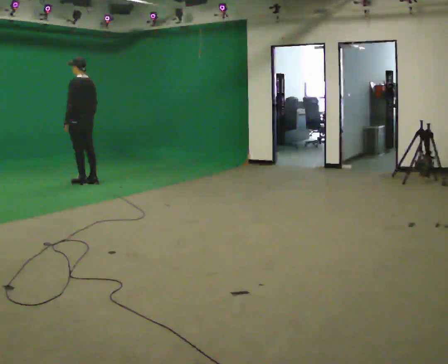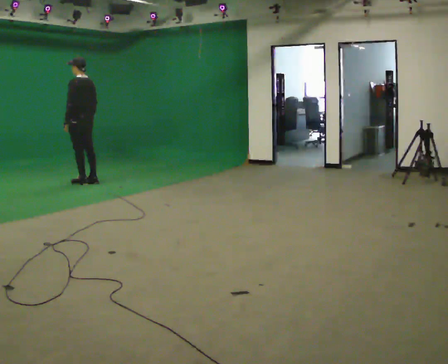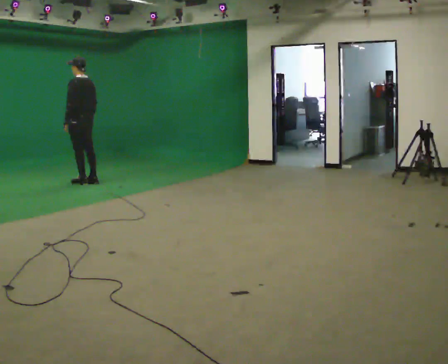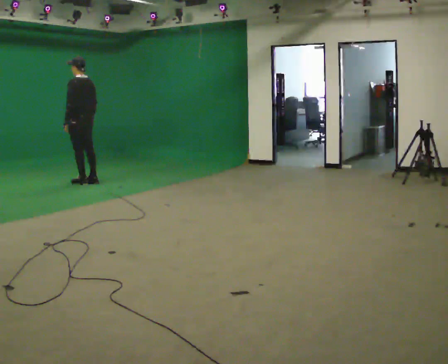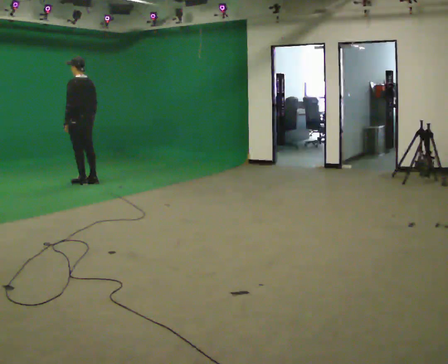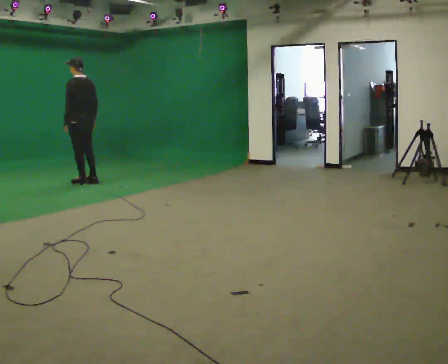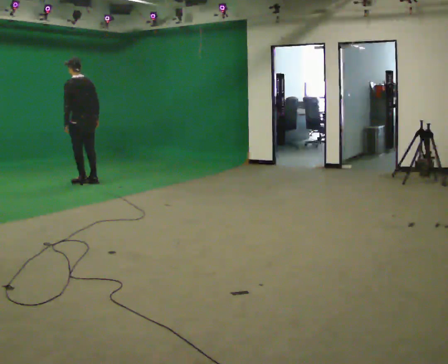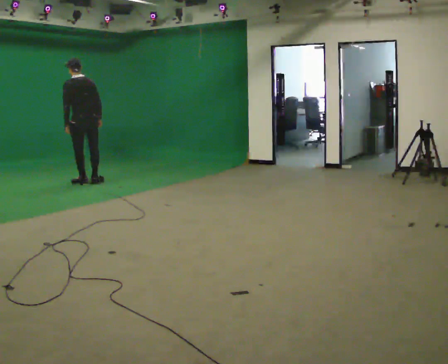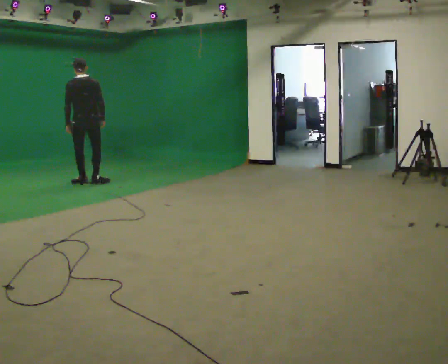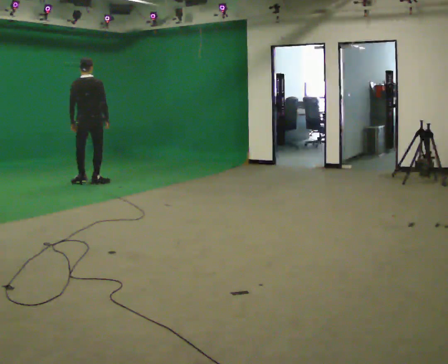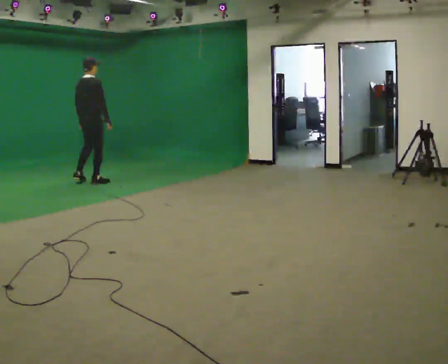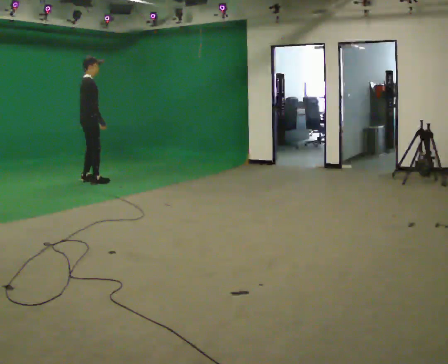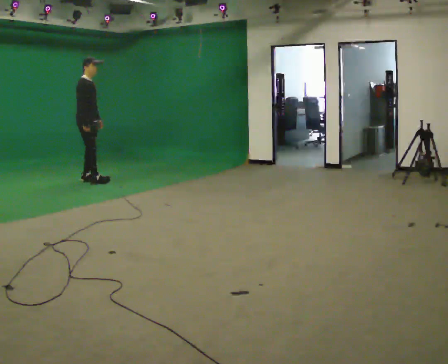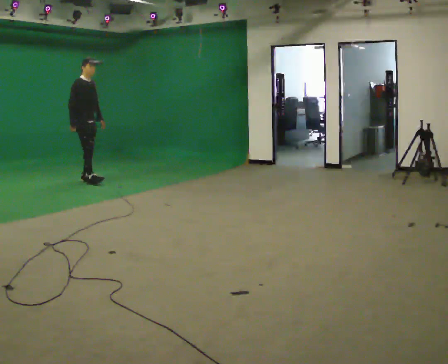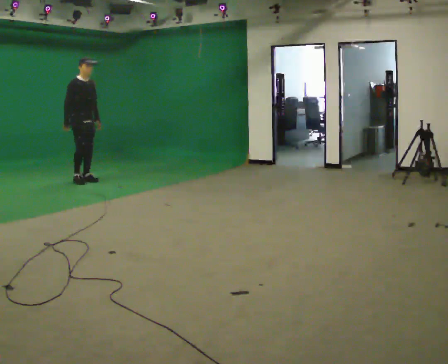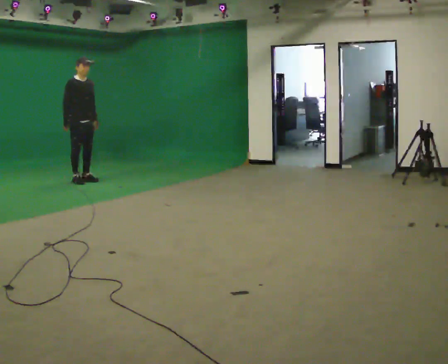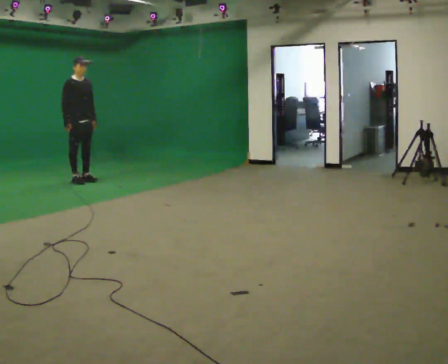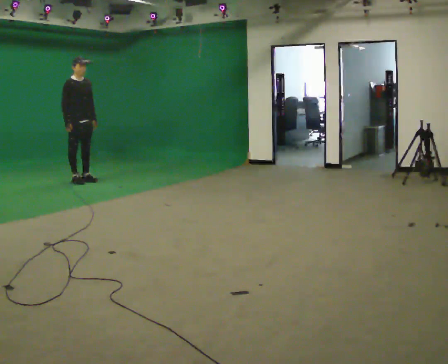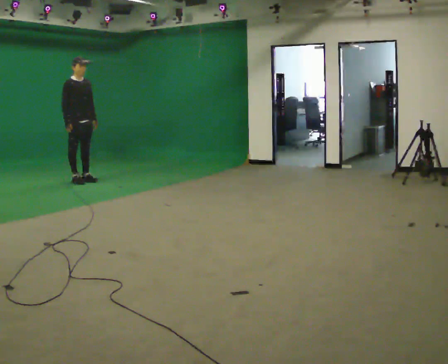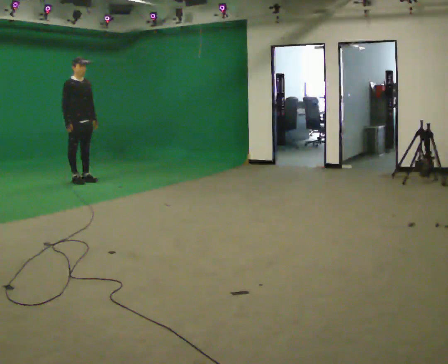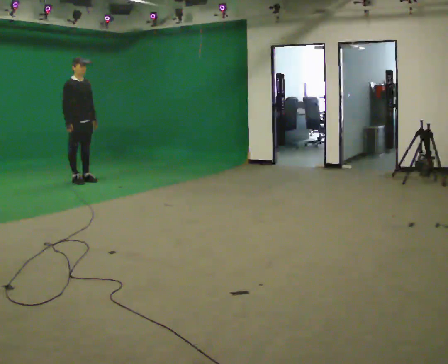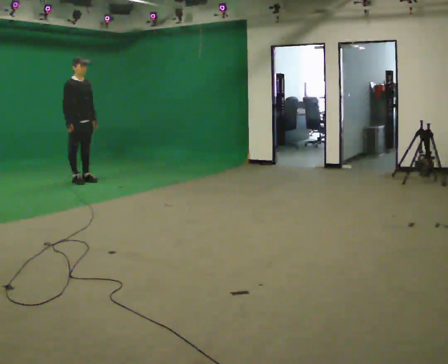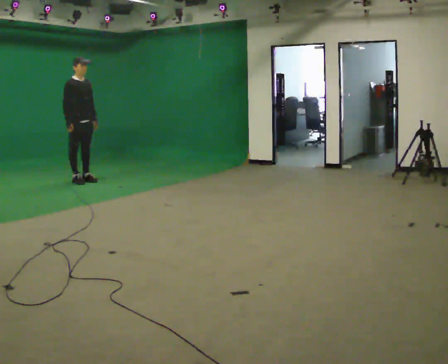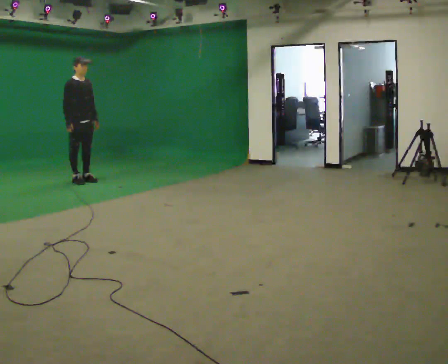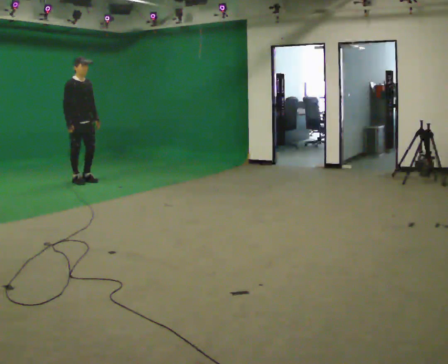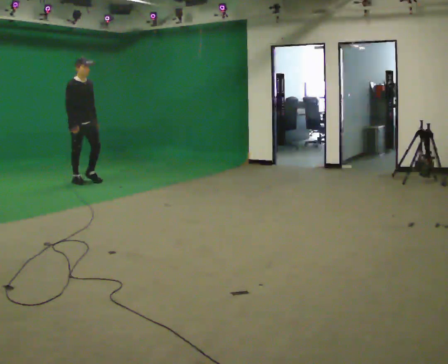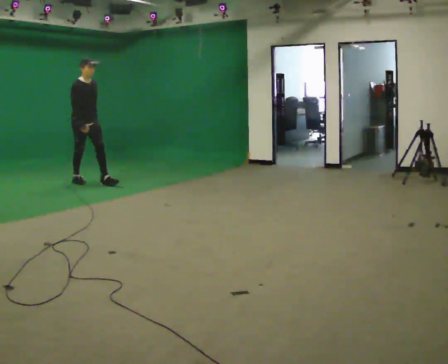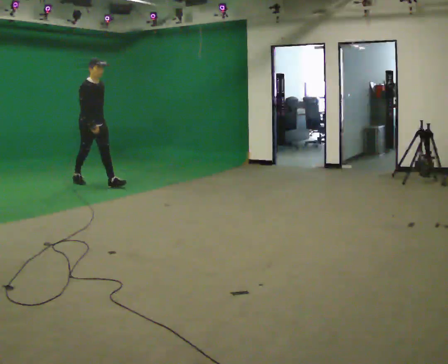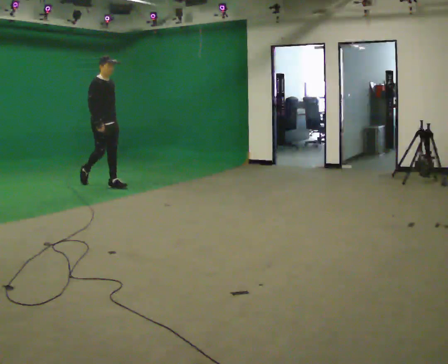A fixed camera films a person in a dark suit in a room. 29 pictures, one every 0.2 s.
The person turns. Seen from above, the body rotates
clockwise.
The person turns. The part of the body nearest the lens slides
to the left.
0.0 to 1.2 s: The person moves a little, or ends about where they began.
1.2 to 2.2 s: The person turns about 120 degrees to their right, clockwise seen from above, so the part of the body nearest the lens slides to the left. In the picture the upper body tilts clockwise, shoulders to the right. In the picture their left hand goes to the right.
2.2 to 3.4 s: The part of the body nearest the lens slides to the left as the person turns to their right by about 60 degrees. In the picture their right hand goes to the left.
3.4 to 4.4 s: The person keeps their place and pose.
4.4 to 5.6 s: In the picture they go toward the camera and to the right, about 0.5 m in 1 step, which for them is forward.
The film runs forward here.
